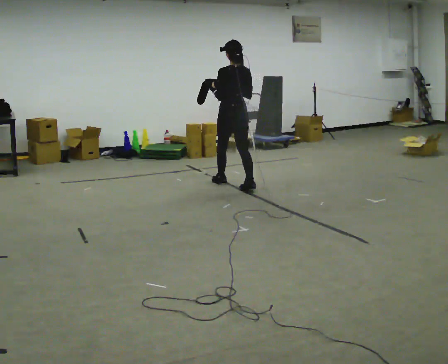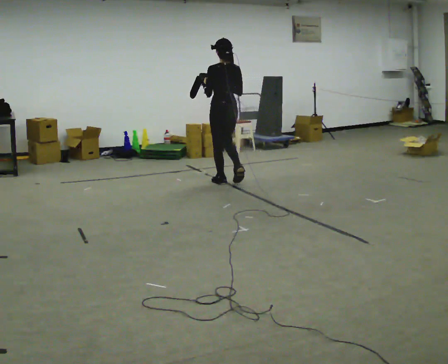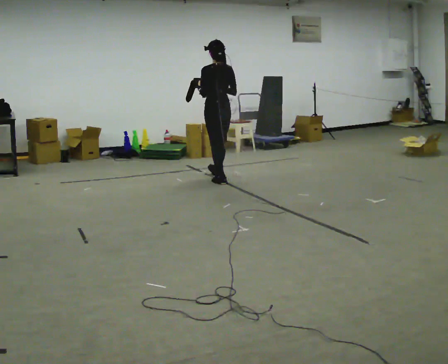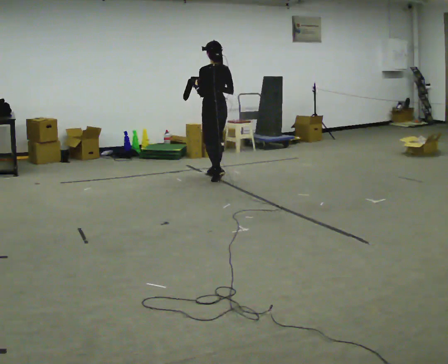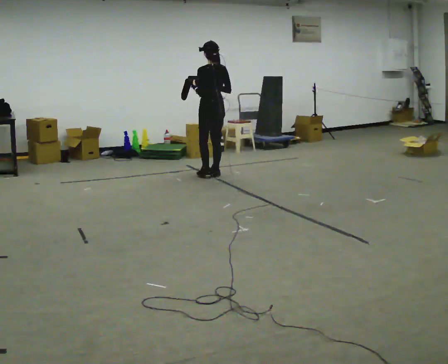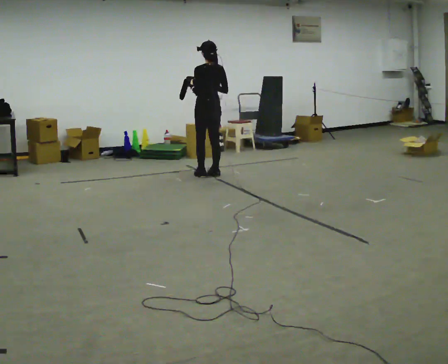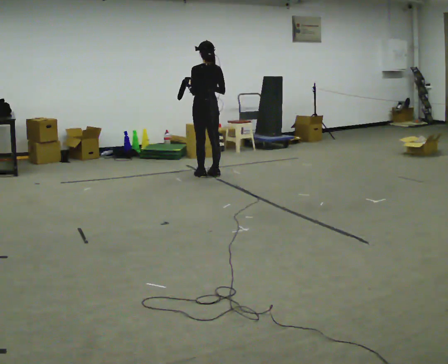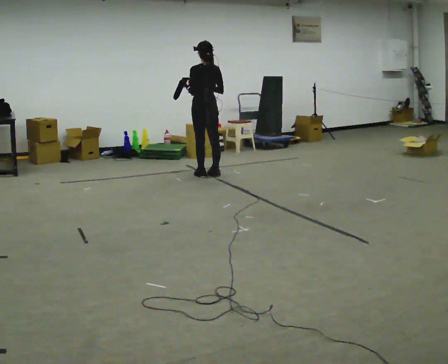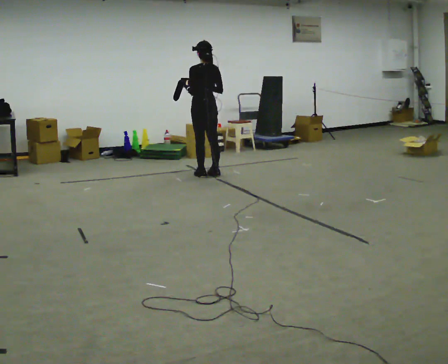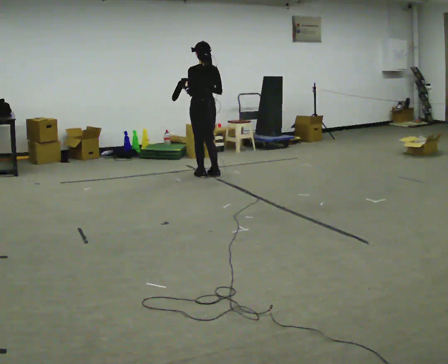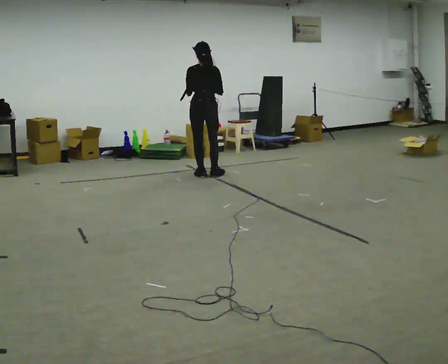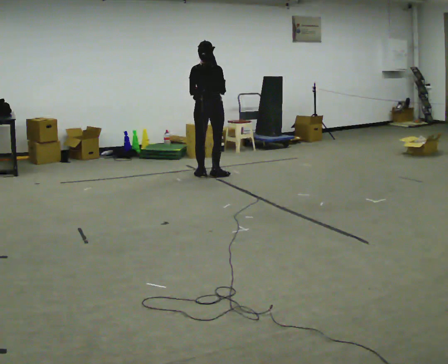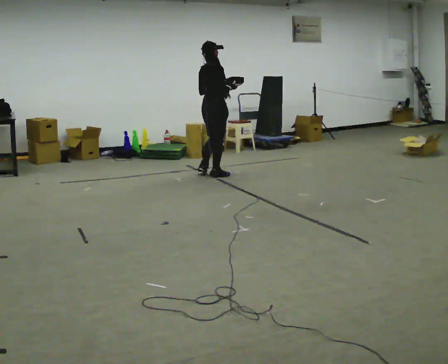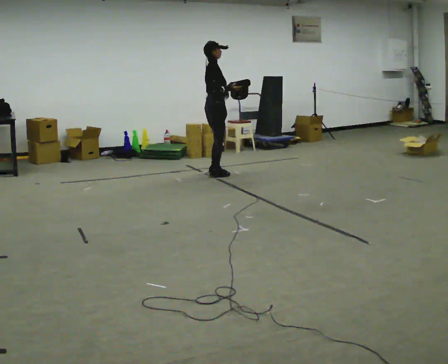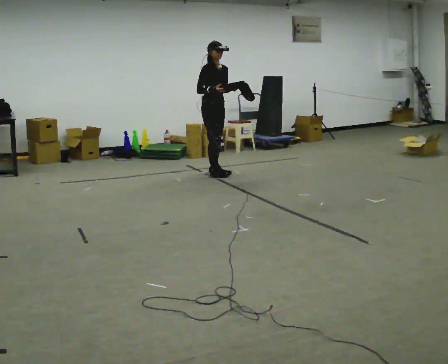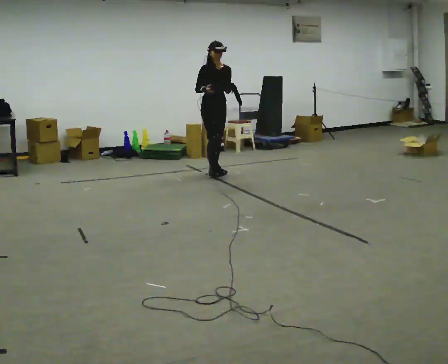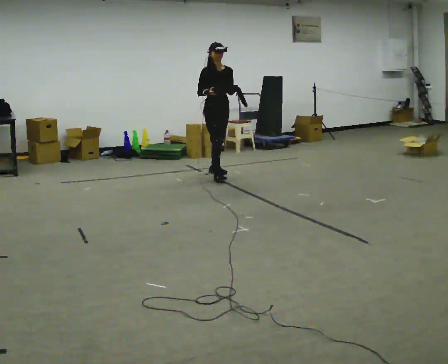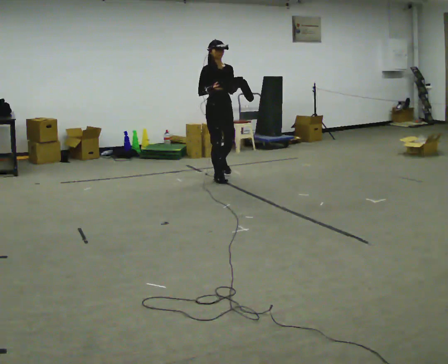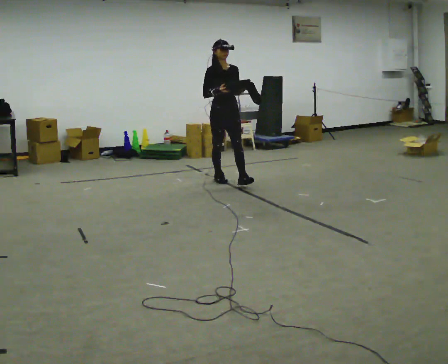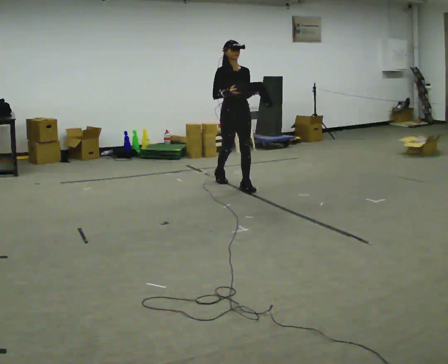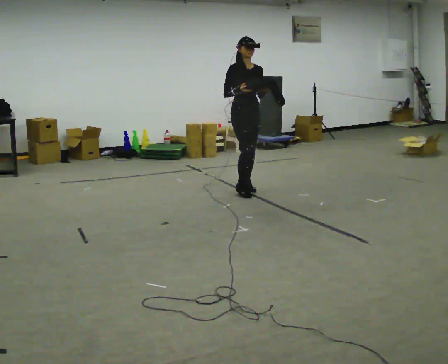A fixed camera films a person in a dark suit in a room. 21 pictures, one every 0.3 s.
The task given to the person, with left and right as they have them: Carry the object across the room. The lid hangs loose and will swing, so carry it however works. Keep going until the operator says stop; one object at a time, and do not rush between trips.
0.0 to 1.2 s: In the picture they go away from the camera, about 0.5 m in 1 step, which for them is forward.
1.2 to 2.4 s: The person moves a little, or ends about where they began.
2.4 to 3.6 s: The person turns about 75 degrees to their right, clockwise seen from above, so the part of the body nearest the lens slides to the left.
3.6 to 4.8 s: The person turns about 105 degrees to their right, clockwise seen from above, so the part of the body nearest the lens slides to the left.
4.8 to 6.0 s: In the picture they go toward the camera, about 1 m in 1 step, which for them is forward.
The film runs forward here.
